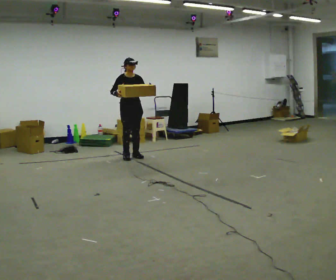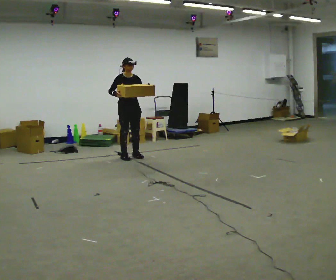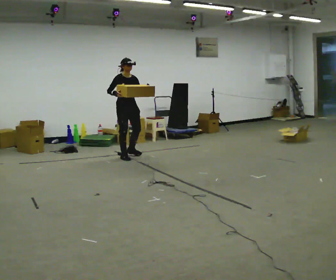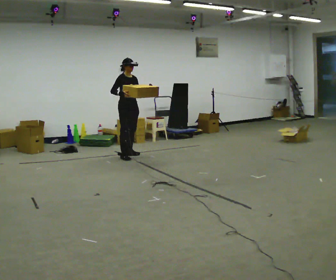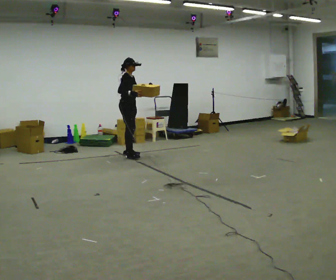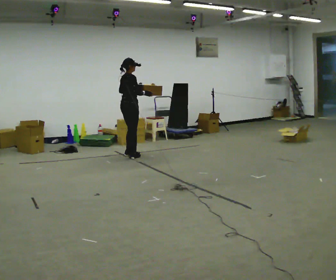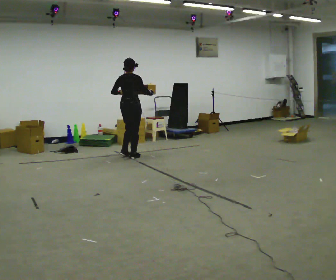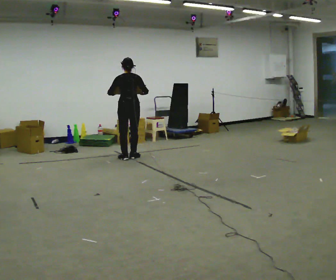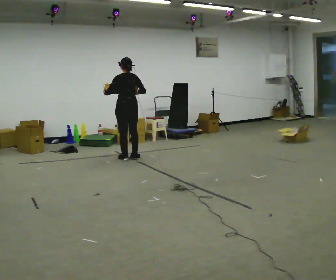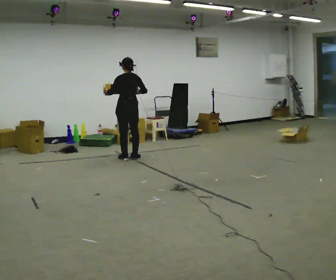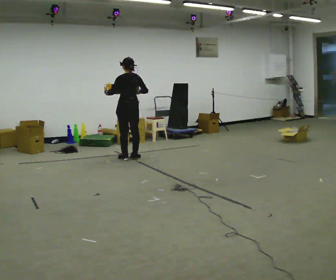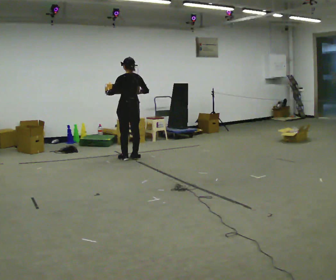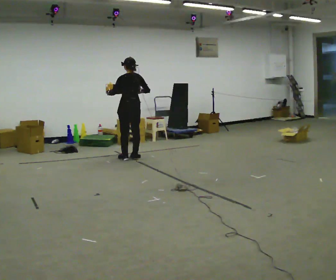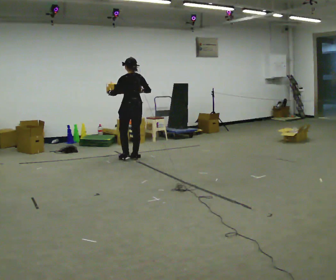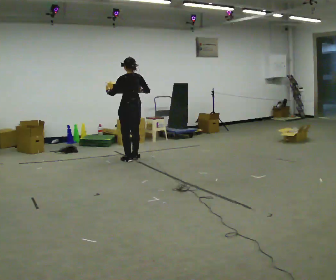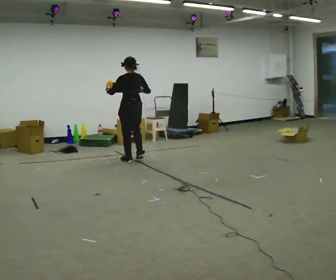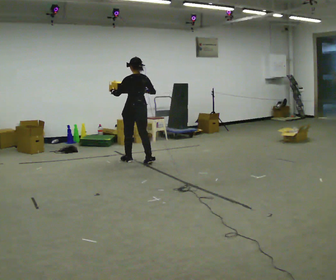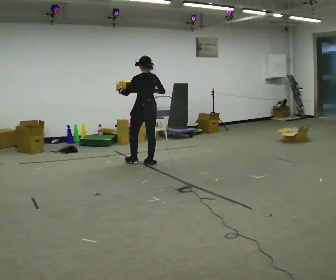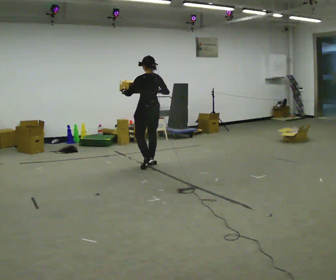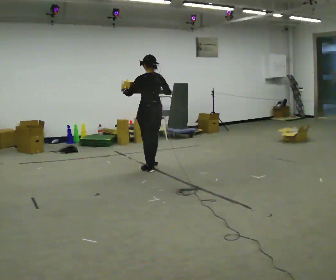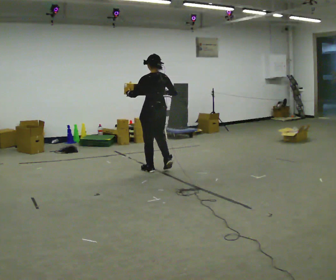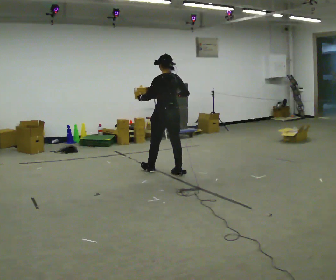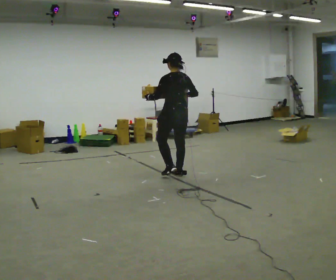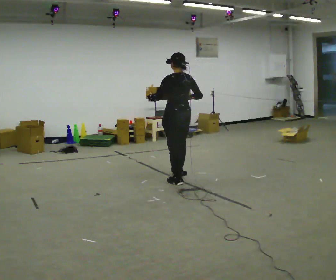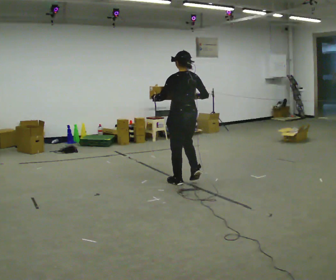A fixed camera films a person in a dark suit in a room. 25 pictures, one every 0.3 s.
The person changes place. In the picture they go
toward the camera.
The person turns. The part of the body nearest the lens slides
to the right.
0.0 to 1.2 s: The person turns about 45 degrees to their left, counterclockwise seen from above, so the part of the body nearest the lens slides to the right.
1.2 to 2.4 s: Seen from above the body turns counterclockwise, about 120 degrees: to their left, with its near side sliding to the right. In the picture they go toward the camera, about 0.25 m in 1 step. In the picture their left hand goes to the left.
2.4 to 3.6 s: The person moves a little, or ends about where they began.
3.6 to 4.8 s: In the picture they go toward the camera, about 0.25 m in 2 steps, which for them is backward.
4.8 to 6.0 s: In the picture they go toward the camera and to the right, about 0.5 m in 2 steps, which for them is backward.
6.0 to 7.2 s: In the picture they go toward the camera and to the right, about 0.5 m in 2 steps, which for them is backward.
The film runs backward here.
